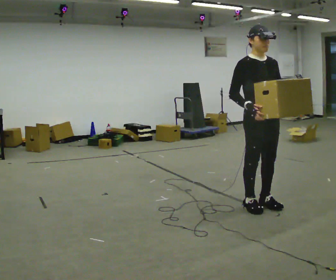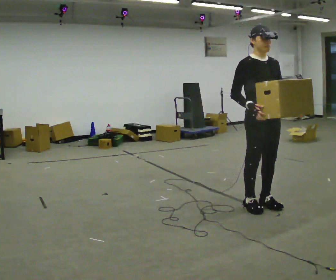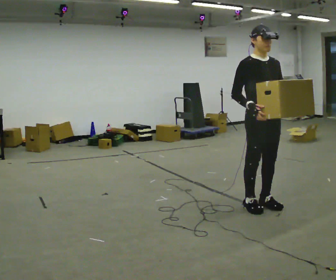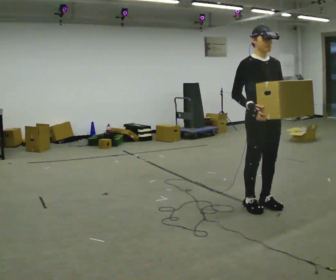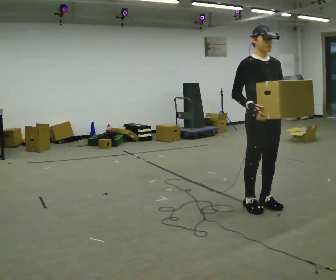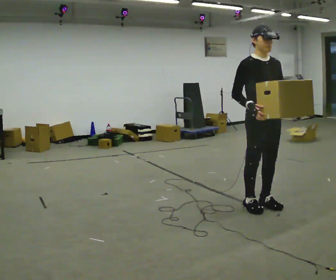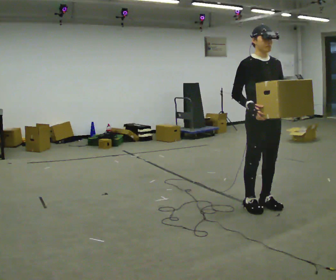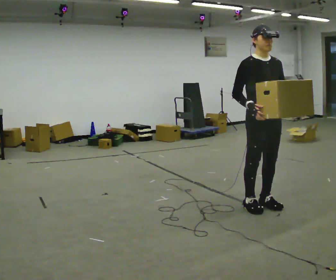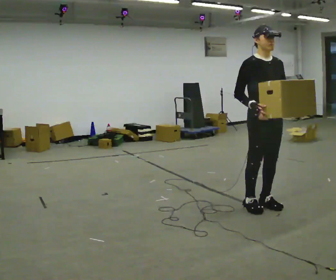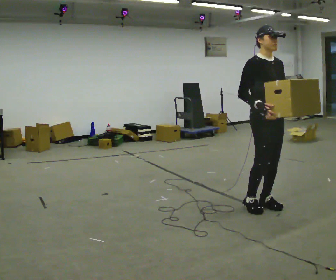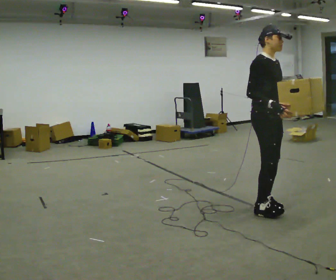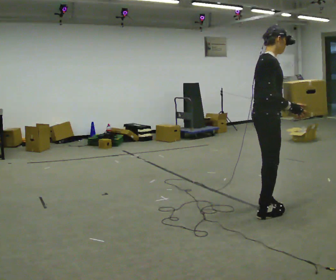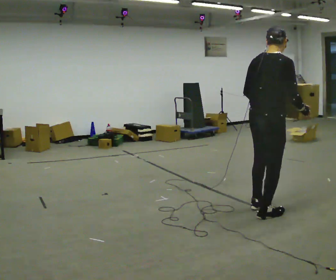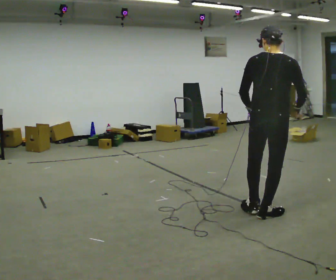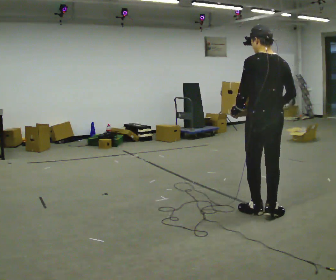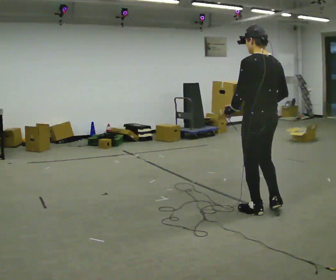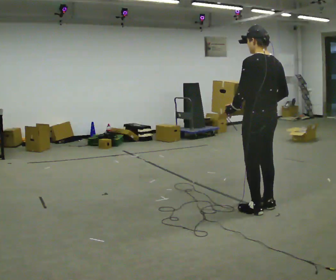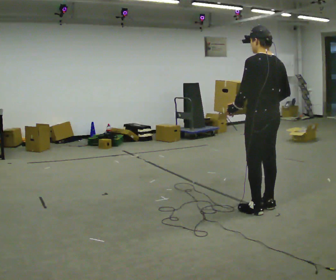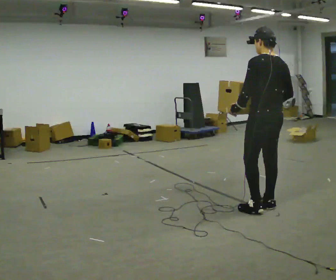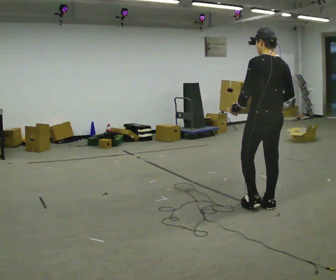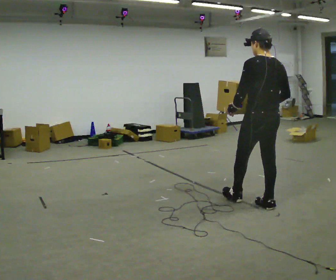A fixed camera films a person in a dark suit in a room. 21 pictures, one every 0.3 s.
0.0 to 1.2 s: The person moves a little, or ends about where they began.
1.2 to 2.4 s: The person keeps their place and pose.
2.4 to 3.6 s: Seen from above the body turns counterclockwise, about 105 degrees: to their left, with its near side sliding to the right. In the picture they go toward the camera, about 0.25 m in 1 step. In the picture their left hand goes to the left, the arm swinging clockwise.
3.6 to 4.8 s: The part of the body nearest the lens slides to the right as the person turns to their left by about 90 degrees. In the picture their right hand goes to the left.
4.8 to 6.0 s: The person moves a little, or ends about where they began.
The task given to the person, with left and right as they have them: Carry the heaviest box in both hands in front of you, walking back and forth across the room. Only carry what is comfortable. Set it down whenever you need to.
The film runs forward here.
